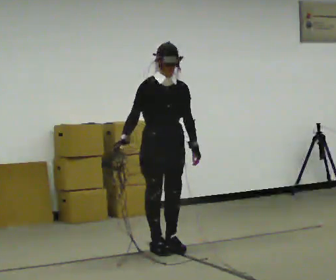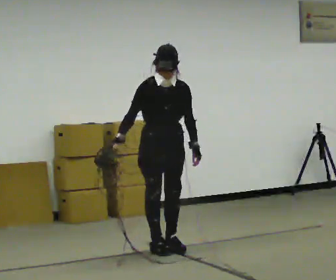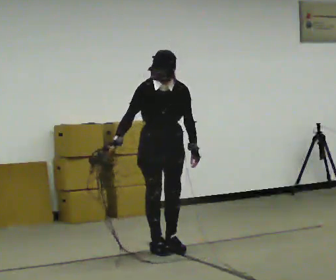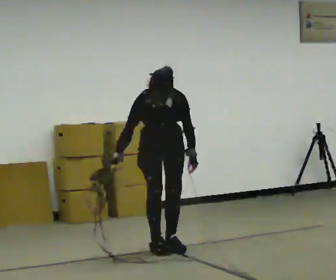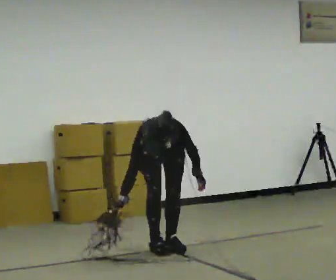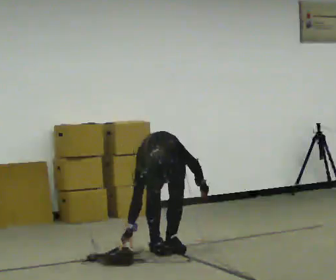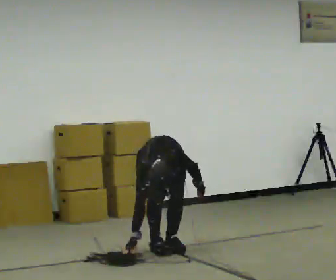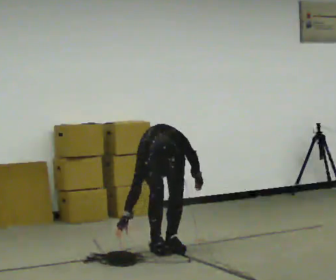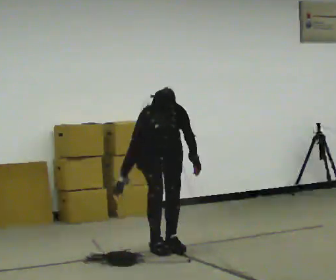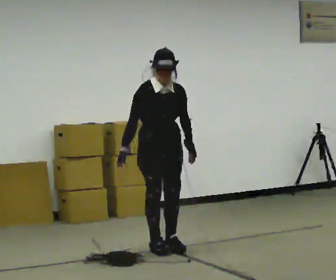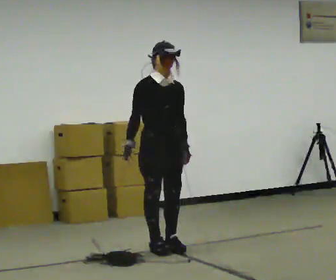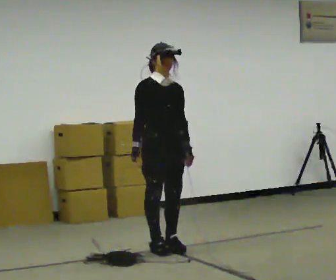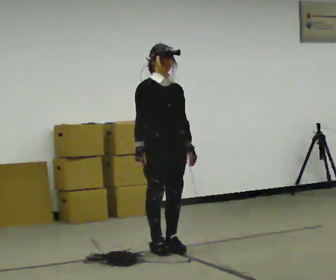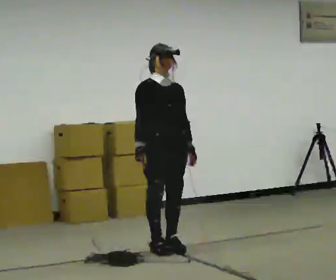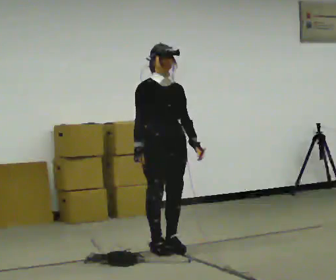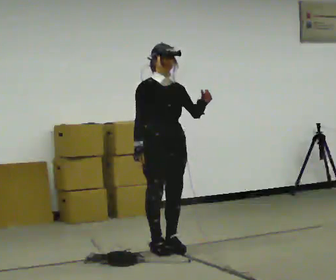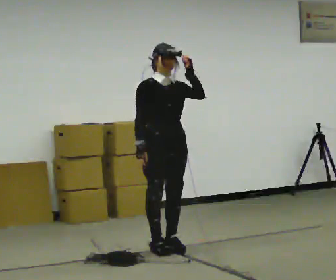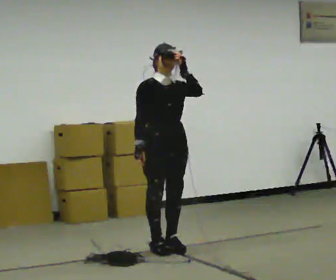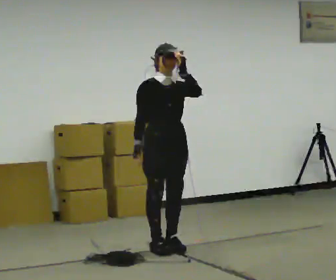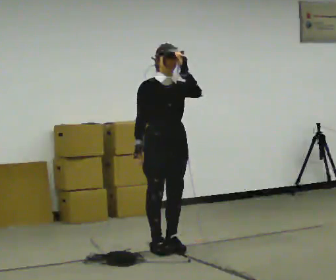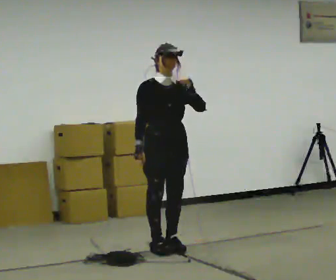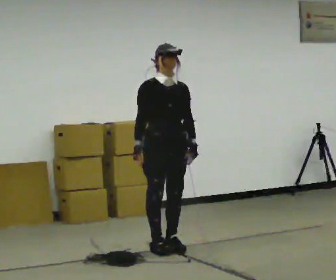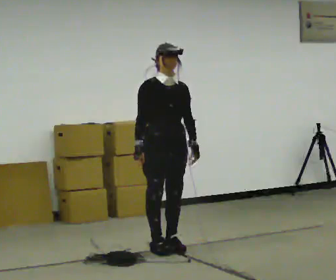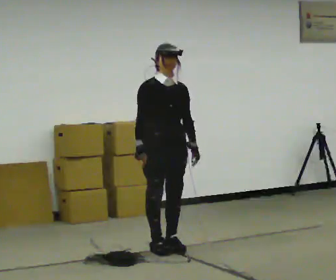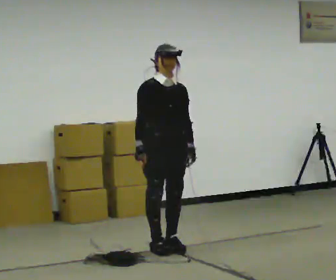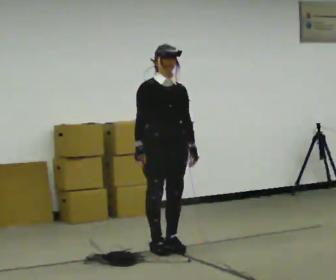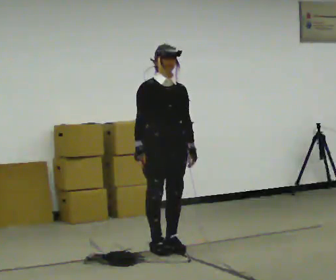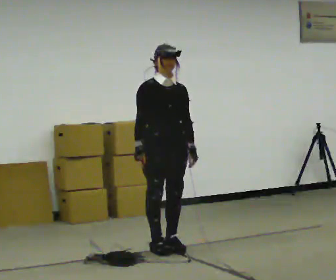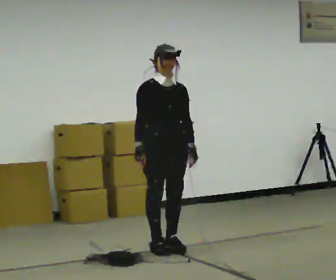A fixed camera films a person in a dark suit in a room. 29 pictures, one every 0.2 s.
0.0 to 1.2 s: The shoulders move downward. The upper body tips toward the camera, its near side rolling downward, as they bend forward.
1.2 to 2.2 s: The part of the body nearest the lens slides to the right as the person turns to their left by about 30 degrees. In the picture they go toward the camera, about 0.25 m, which for them is forward. The shoulders move upward. The upper body tips away from the camera, its near side rolling upward, as they lean back or straighten.
2.2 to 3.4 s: In the picture their left hand goes upward.
3.4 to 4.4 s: In the picture their left hand goes downward.
4.4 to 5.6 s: The person moves a little, or ends about where they began.
The film runs forward here.
